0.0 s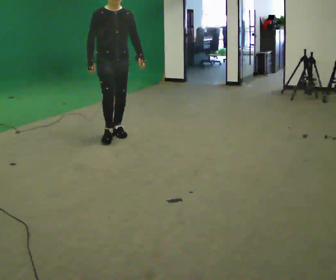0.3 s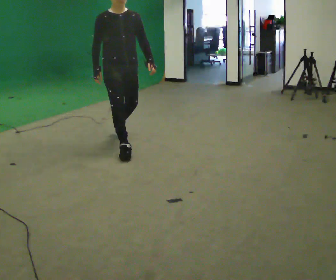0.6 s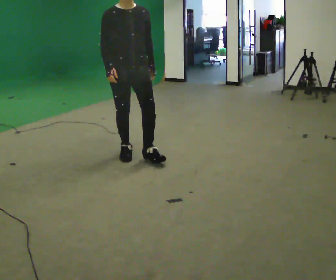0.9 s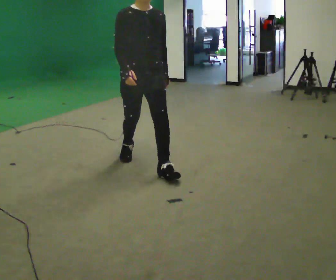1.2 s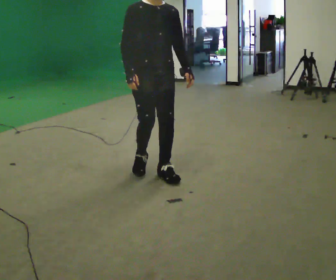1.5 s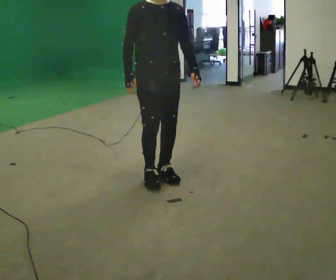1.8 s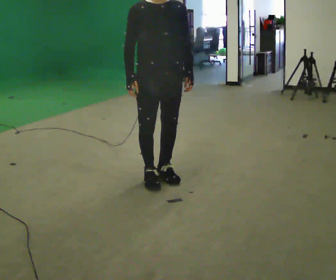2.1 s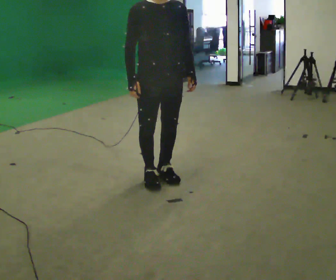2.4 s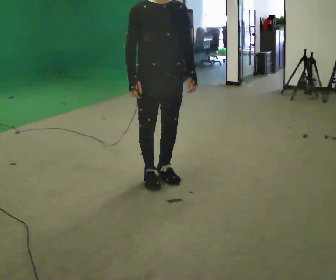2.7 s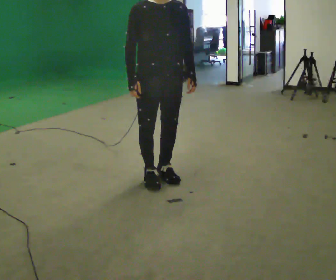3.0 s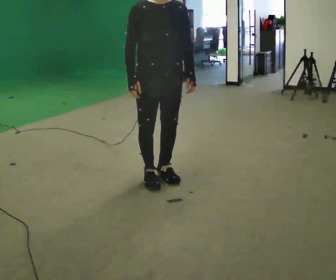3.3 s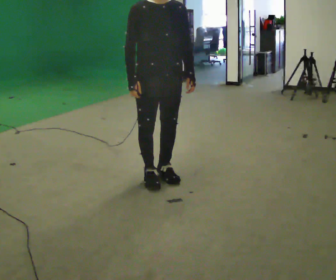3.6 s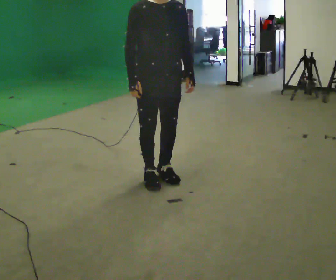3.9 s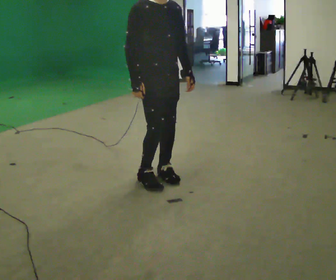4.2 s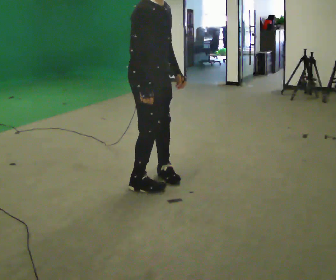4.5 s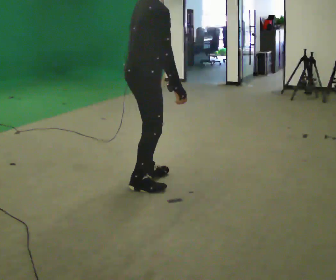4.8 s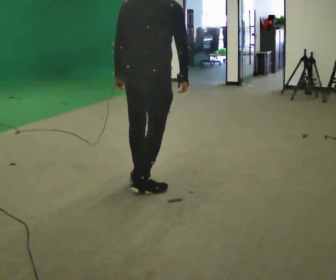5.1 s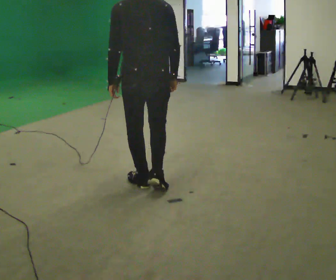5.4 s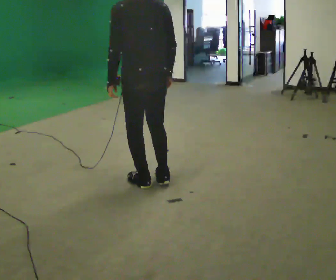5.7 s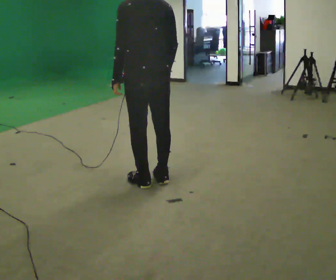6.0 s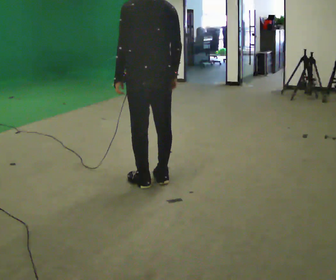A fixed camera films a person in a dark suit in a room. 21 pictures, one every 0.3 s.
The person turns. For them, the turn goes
to their left.
The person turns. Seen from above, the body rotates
counterclockwise.
0.0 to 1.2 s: In the picture they go toward the camera and to the right, about 1 m in 2 steps, which for them is forward.
1.2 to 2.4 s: In the picture they go toward the camera, about 0.25 m in 1 step, which for them is forward.
2.4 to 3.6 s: The person moves a little, or ends about where they began.
3.6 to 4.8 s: The person turns about 135 degrees to their left, counterclockwise seen from above, so the part of the body nearest the lens slides to the right. In the picture they go toward the camera, about 0.25 m in 1 step. In the picture their right hand goes to the right.
4.8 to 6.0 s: The part of the body nearest the lens slides to the right as the person turns to their left by about 45 degrees. In the picture they go away from the camera, about 0.25 m in 2 steps, which for them is forward.
The film runs forward here.
